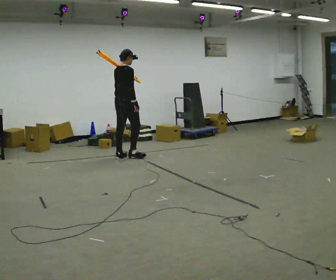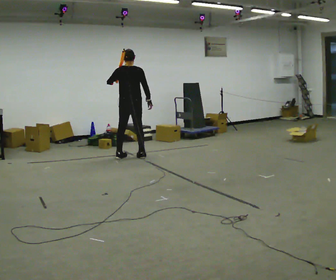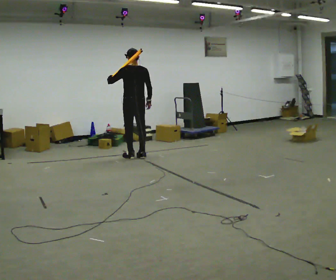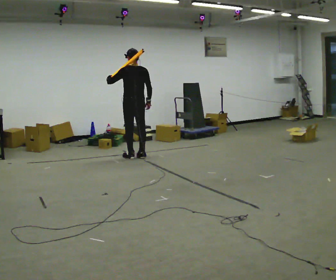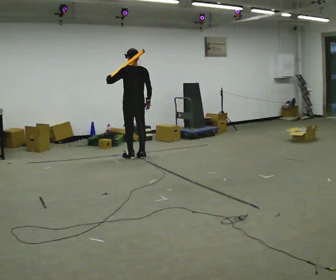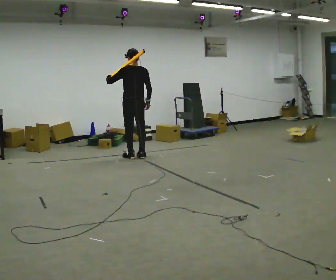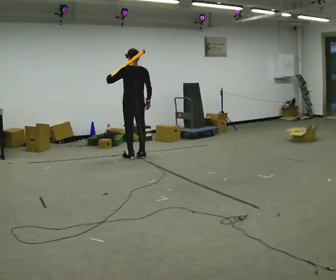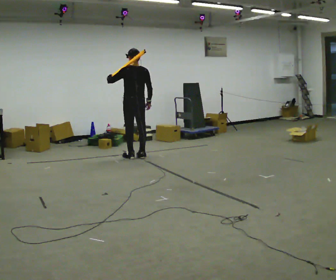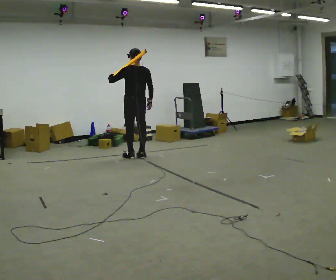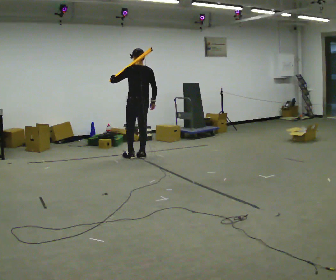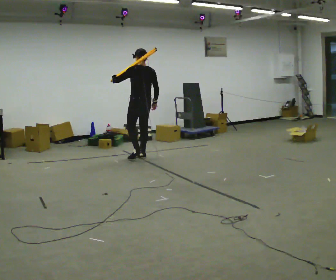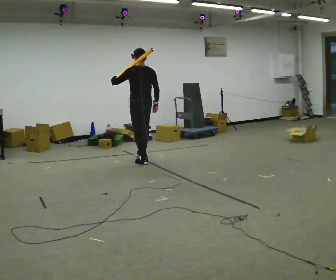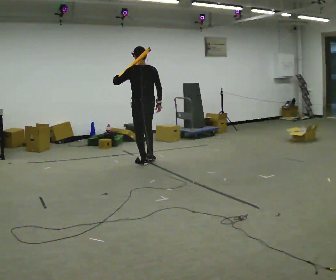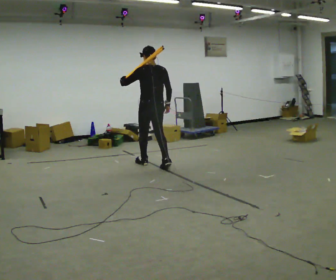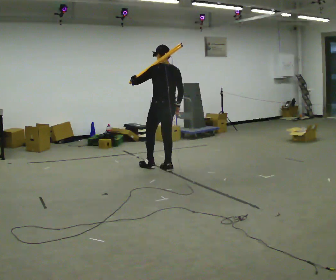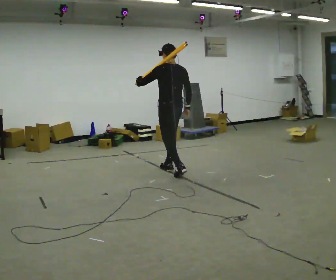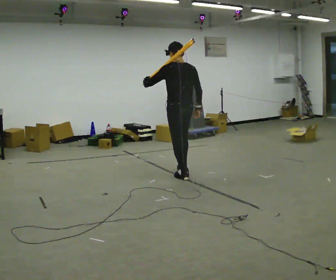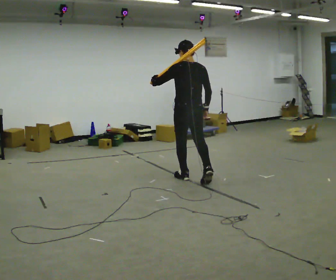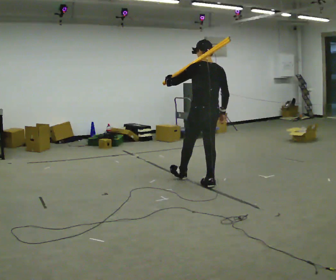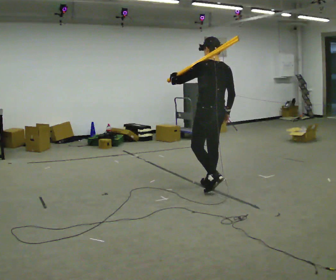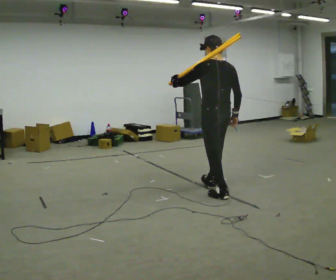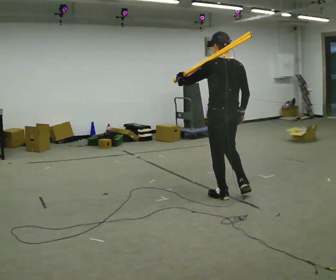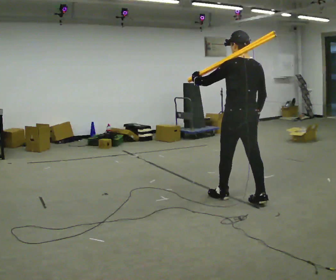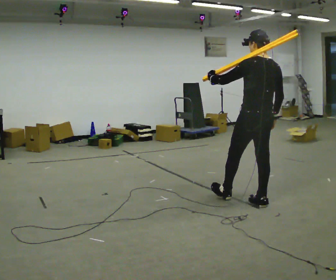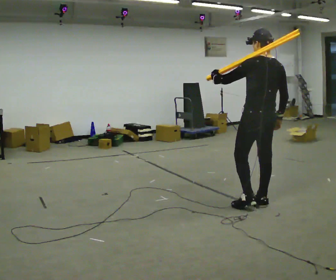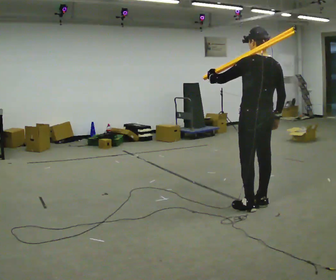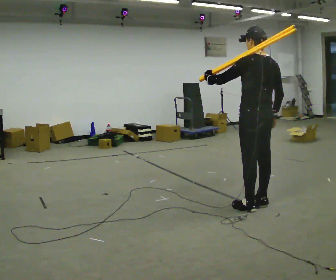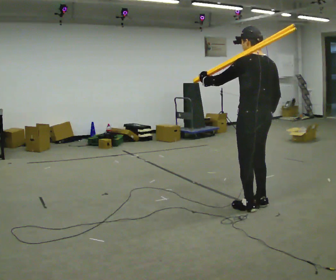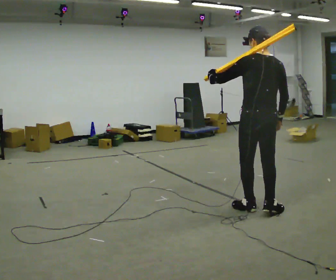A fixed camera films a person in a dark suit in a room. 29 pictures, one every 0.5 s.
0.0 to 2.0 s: Seen from above the body turns counterclockwise, about 75 degrees: to their left, with its near side sliding to the right. In the picture they go to the right, about 0.25 m in 2 steps. In the picture their left hand goes to the left.
2.0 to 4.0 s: The person moves a little, or ends about where they began.
4.0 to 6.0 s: In the picture they go toward the camera and to the right, about 0.5 m in 2 steps, which for them is backward.
6.0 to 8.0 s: In the picture they go toward the camera and to the right, about 1 m in 2 steps, which for them is backward.
8.0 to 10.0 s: In the picture they go toward the camera and to the right, about 1 m in 1 step, which for them is backward.
10.0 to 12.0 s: In the picture they go toward the camera and to the right, about 0.5 m in 2 steps, which for them is backward.
12.0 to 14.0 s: In the picture they go toward the camera, about 0.25 m in 1 step, which for them is backward and to their left.
The film runs backward here.
